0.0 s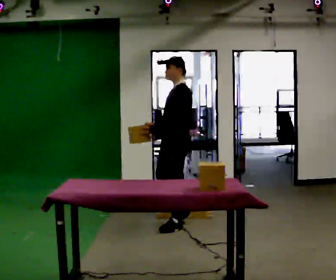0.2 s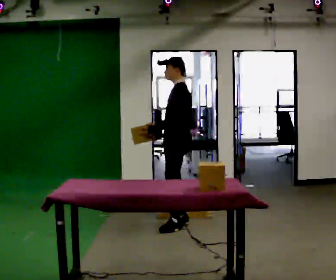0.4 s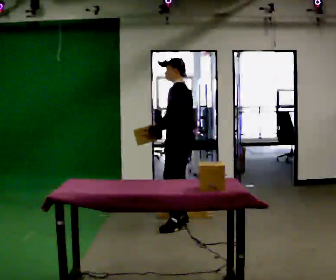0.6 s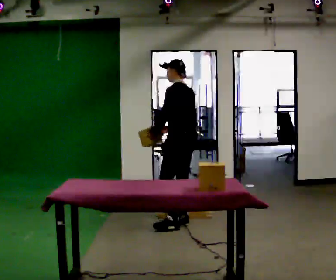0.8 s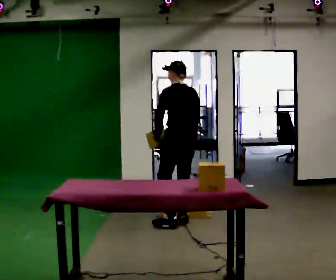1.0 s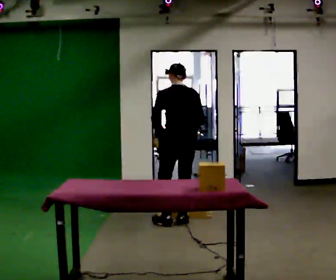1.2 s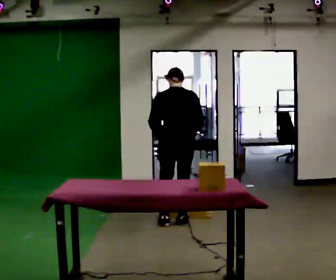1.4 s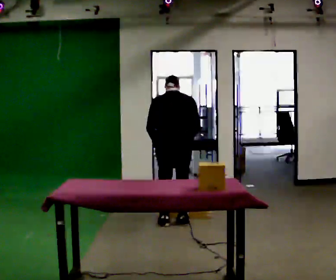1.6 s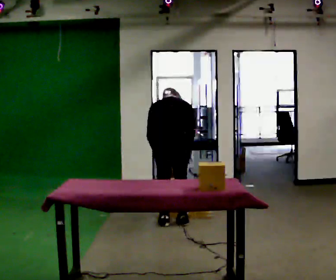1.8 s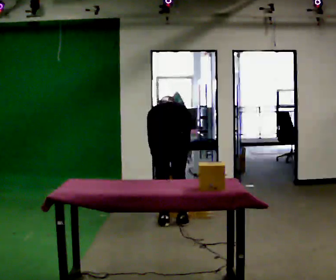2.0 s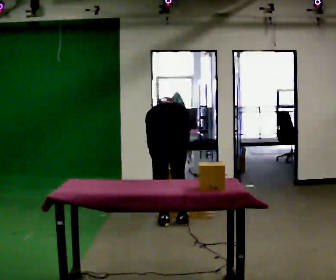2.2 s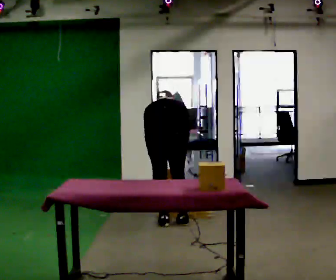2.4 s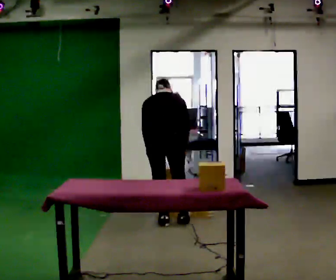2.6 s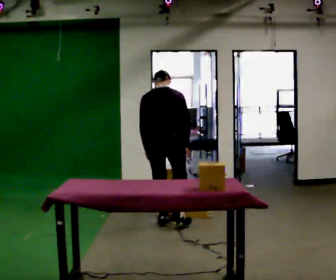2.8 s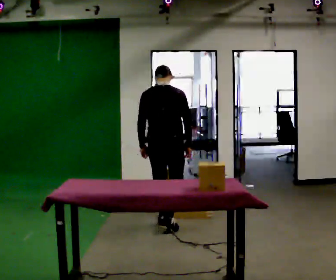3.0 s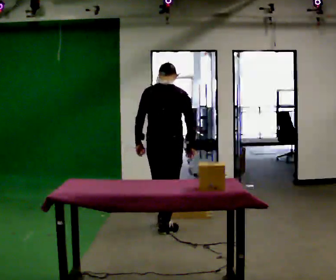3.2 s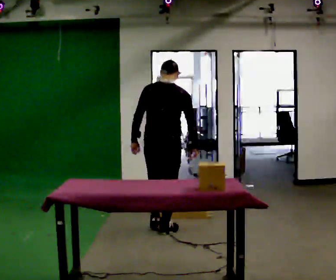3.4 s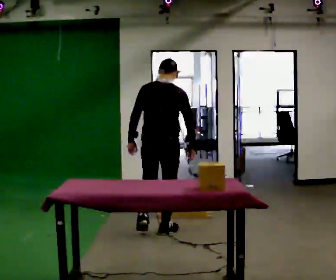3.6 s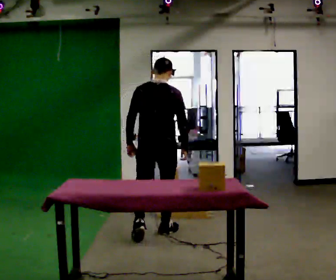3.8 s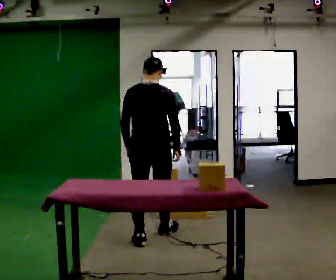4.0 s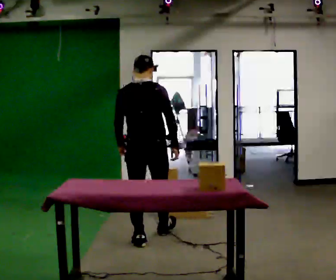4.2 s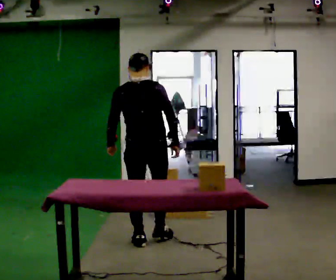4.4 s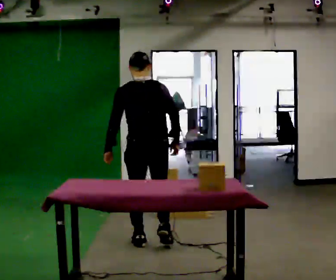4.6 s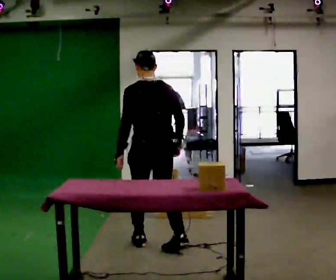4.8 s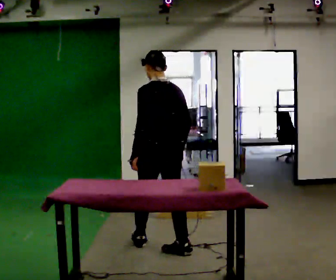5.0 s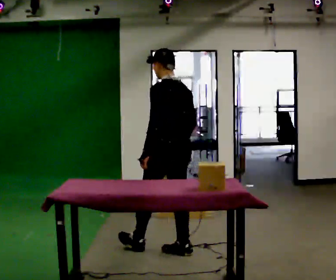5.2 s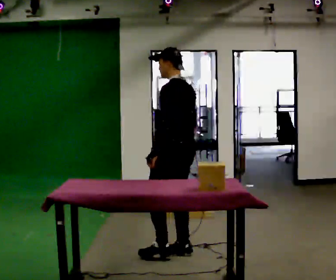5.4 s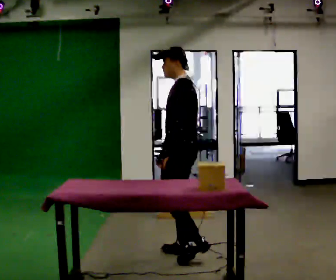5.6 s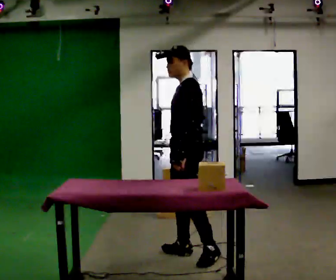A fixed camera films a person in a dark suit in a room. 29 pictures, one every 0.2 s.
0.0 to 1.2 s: The part of the body nearest the lens slides to the left as the person turns to their right by about 90 degrees. The upper body tips away from the camera, its near side rolling upward, as they bend forward. In the picture their right hand goes to the right, the arm swinging counterclockwise.
1.2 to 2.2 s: The upper body tips away from the camera, its near side rolling upward, as they bend forward.
2.2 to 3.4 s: In the picture they go toward the camera, about 0.25 m in 2 steps, which for them is backward. The shoulders move upward. The upper body tips toward the camera, its near side rolling downward, as they lean back or straighten.
3.4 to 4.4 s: In the picture they go toward the camera, about 0.5 m in 1 step, which for them is backward.
4.4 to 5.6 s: The person turns about 90 degrees to their left, counterclockwise seen from above, so the part of the body nearest the lens slides to the right. In the picture they go to the right and toward the camera, about 0.5 m in 1 step.
The film runs backward here.
